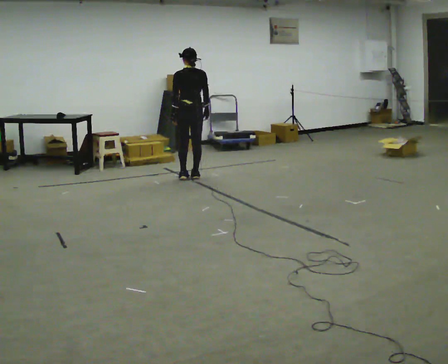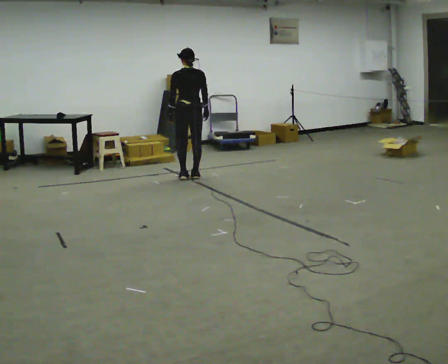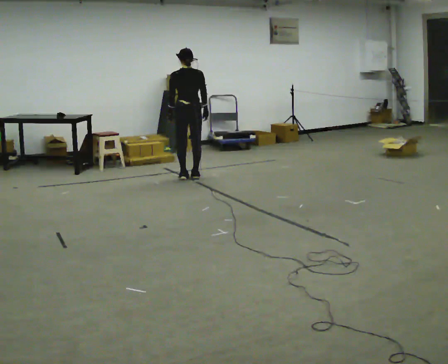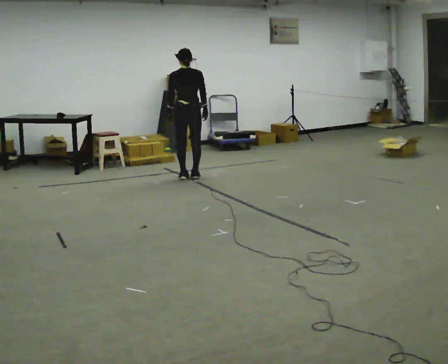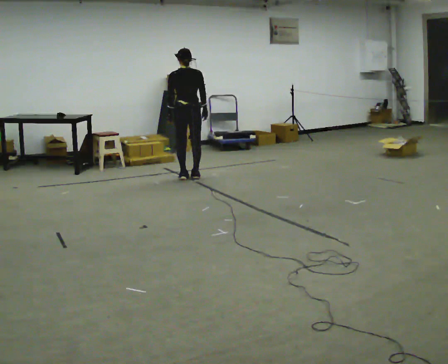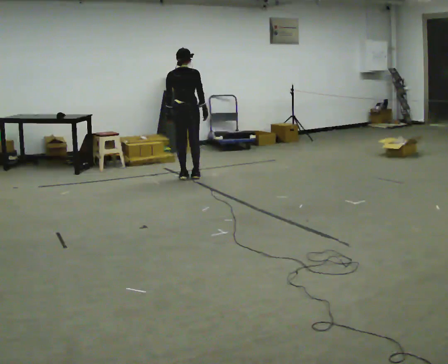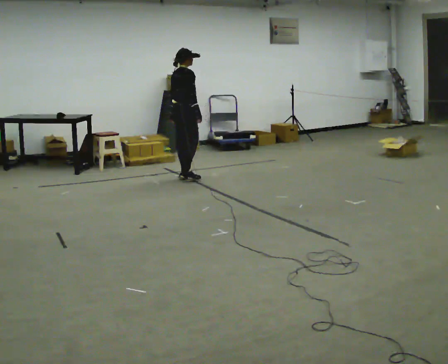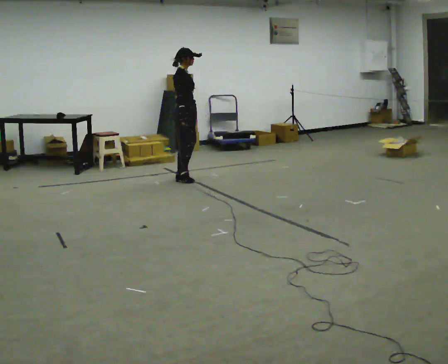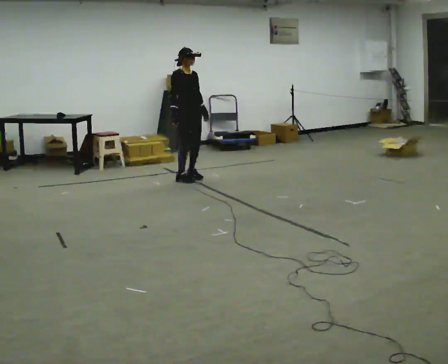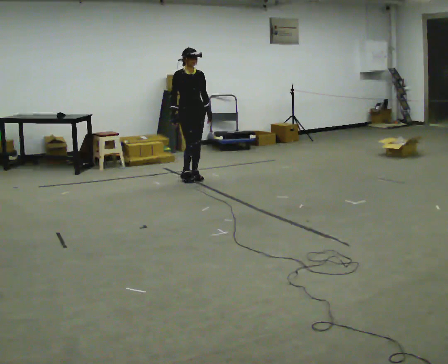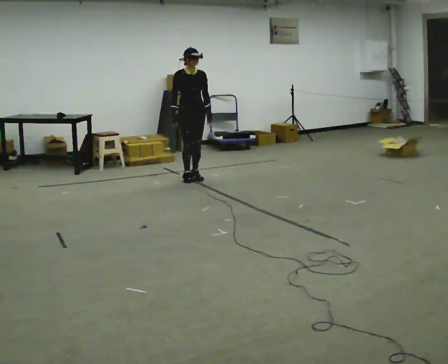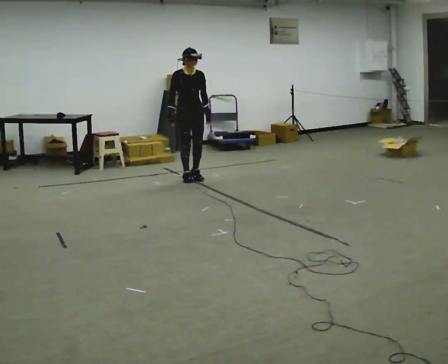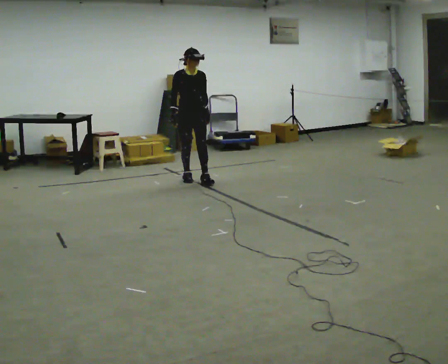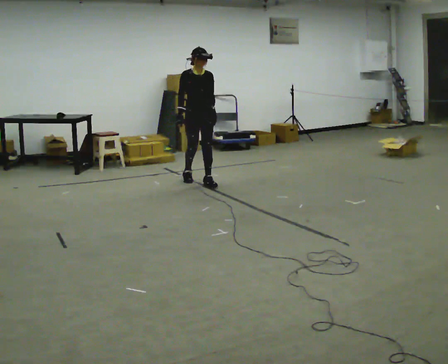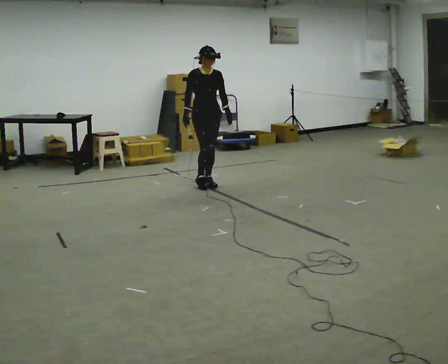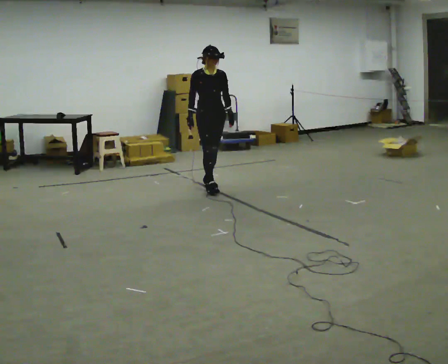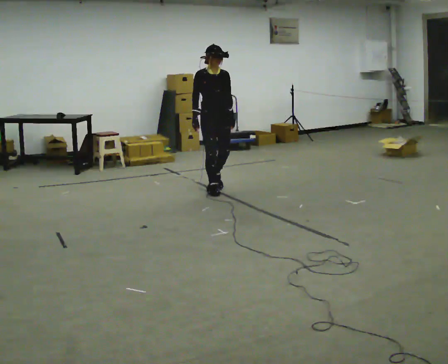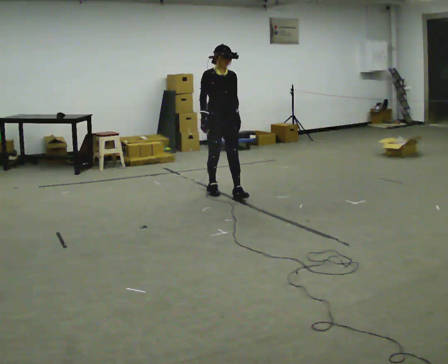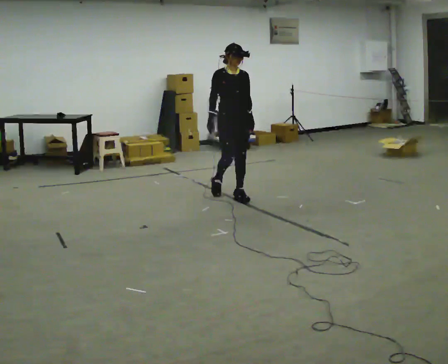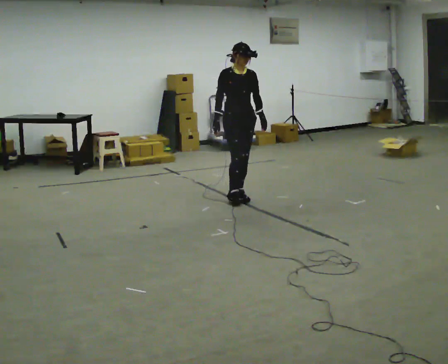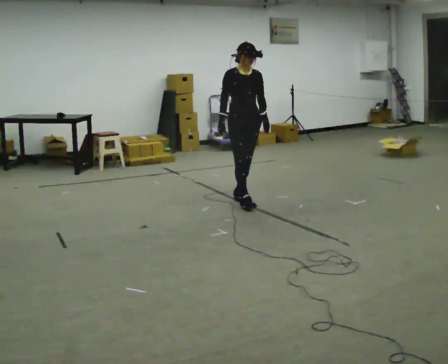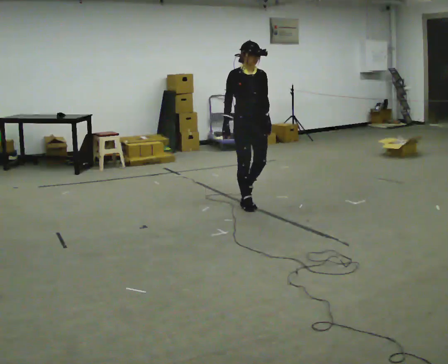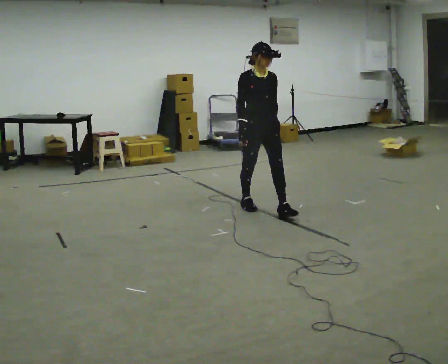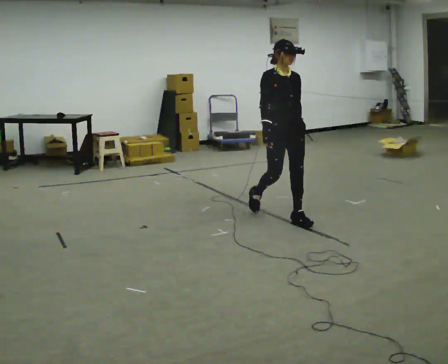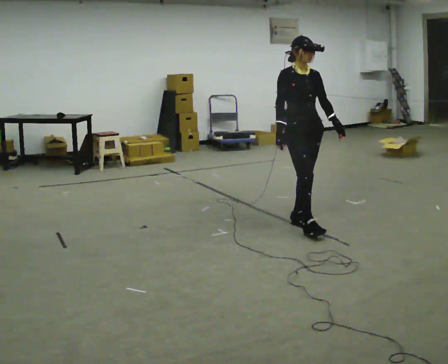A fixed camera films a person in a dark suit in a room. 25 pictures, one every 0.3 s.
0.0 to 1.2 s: The person moves a little, or ends about where they began.
1.2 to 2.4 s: Seen from above the body turns clockwise, about 135 degrees: to their right, with its near side sliding to the left. In the picture their right hand goes to the left.
2.4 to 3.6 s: The person turns about 30 degrees to their right, clockwise seen from above, so the part of the body nearest the lens slides to the left.
3.6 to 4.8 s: In the picture they go toward the camera and to the right, about 0.5 m in 2 steps, which for them is forward.
4.8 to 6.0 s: In the picture they go toward the camera and to the right, about 0.5 m in 2 steps, which for them is forward.
6.0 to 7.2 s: In the picture they go toward the camera and to the right, about 1 m in 1 step, which for them is forward.
The film runs forward here.
